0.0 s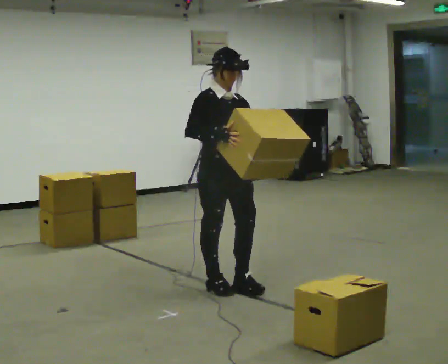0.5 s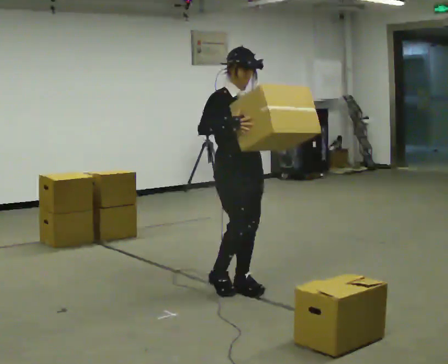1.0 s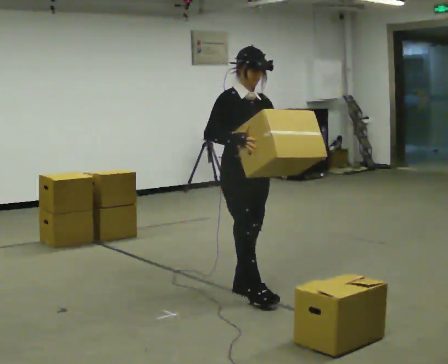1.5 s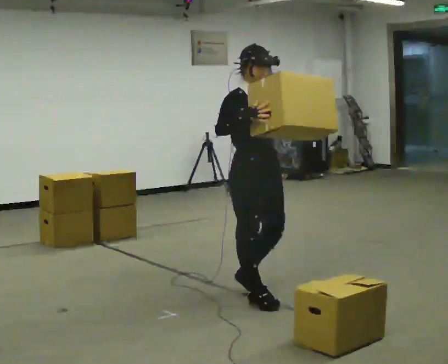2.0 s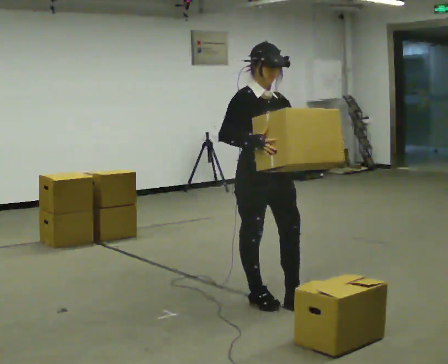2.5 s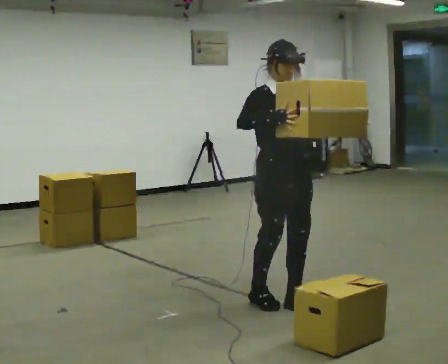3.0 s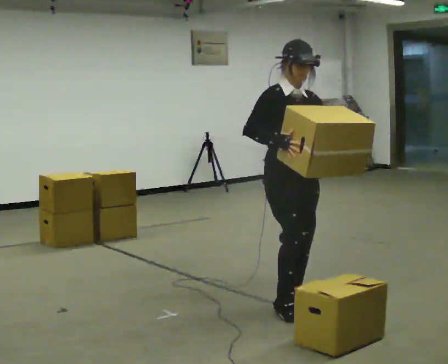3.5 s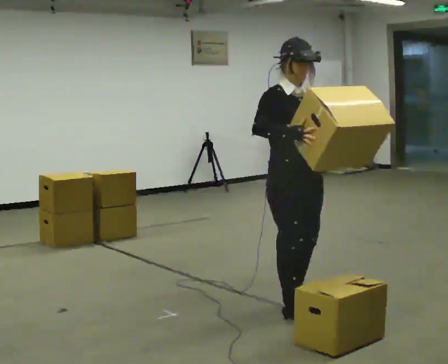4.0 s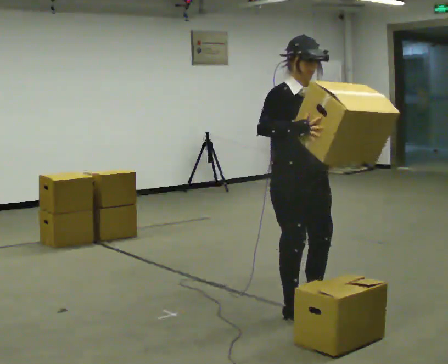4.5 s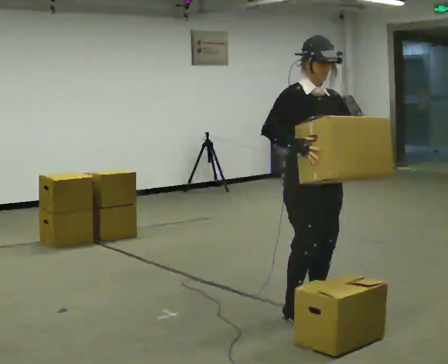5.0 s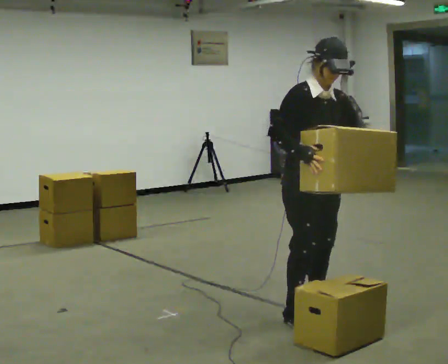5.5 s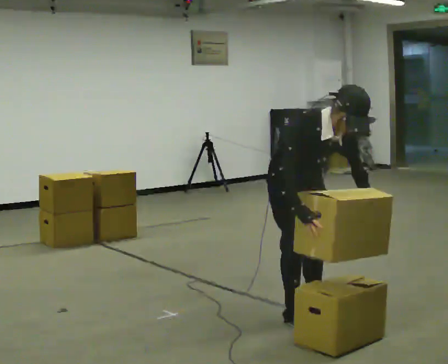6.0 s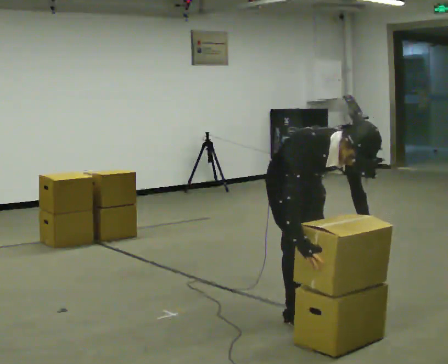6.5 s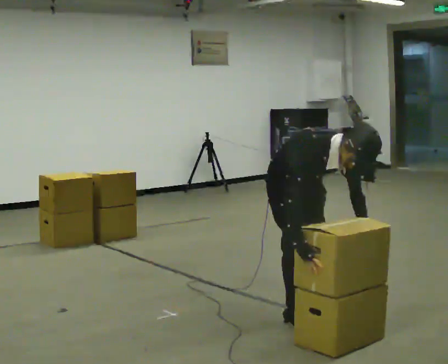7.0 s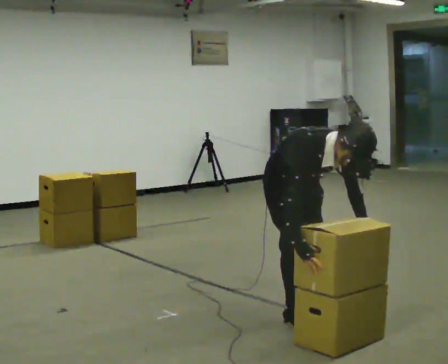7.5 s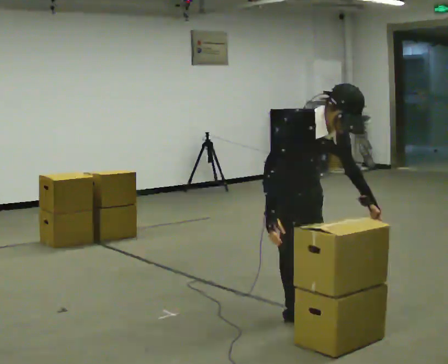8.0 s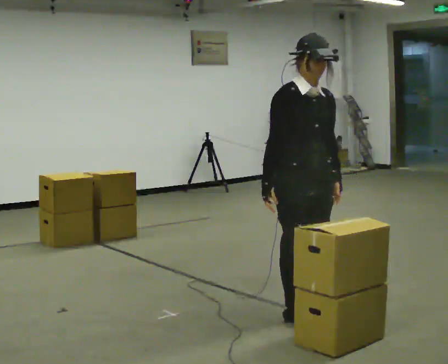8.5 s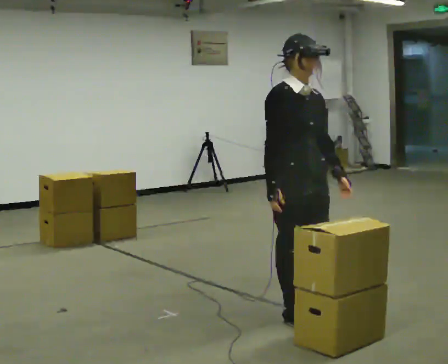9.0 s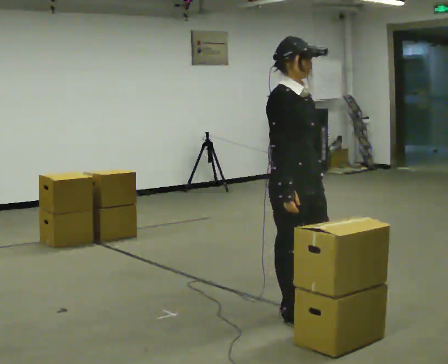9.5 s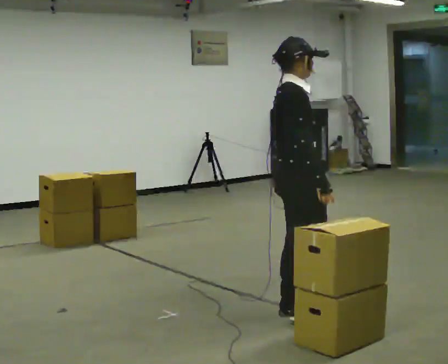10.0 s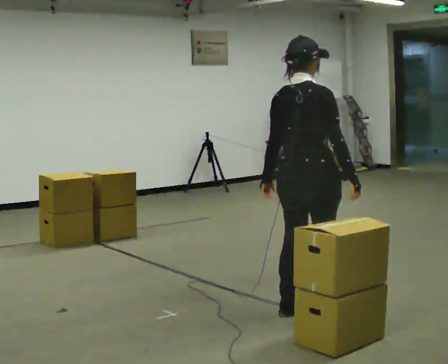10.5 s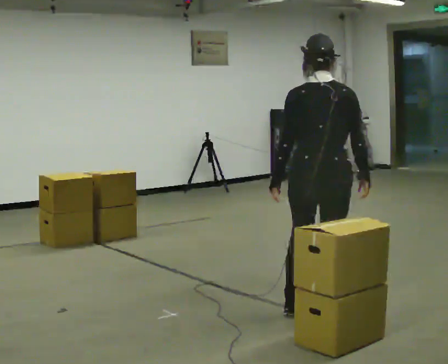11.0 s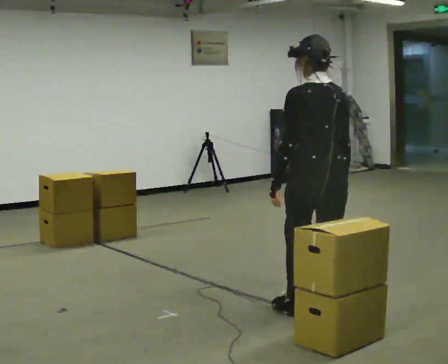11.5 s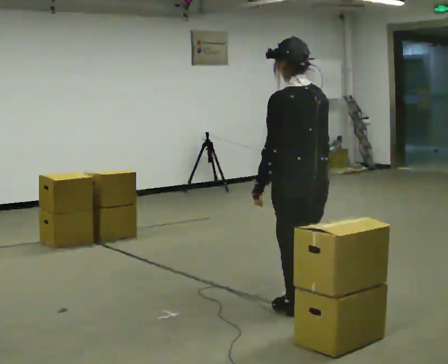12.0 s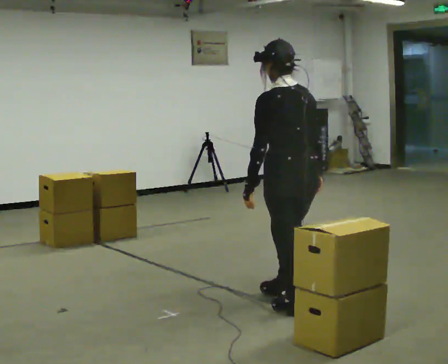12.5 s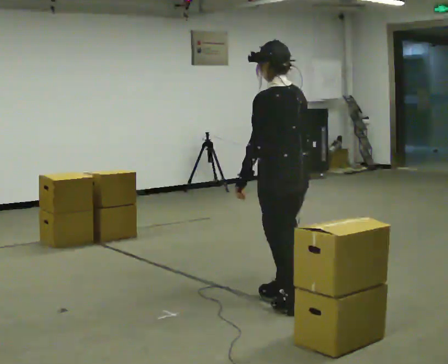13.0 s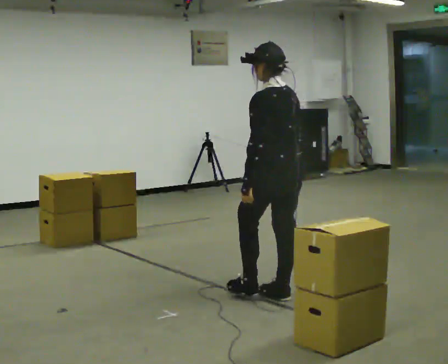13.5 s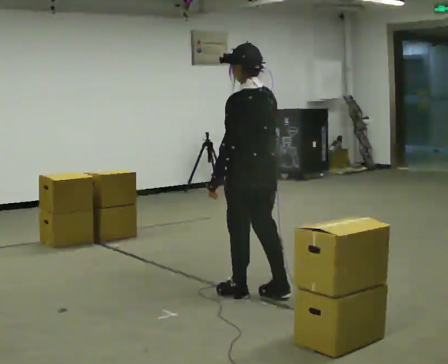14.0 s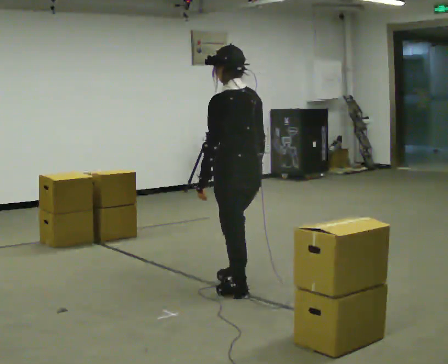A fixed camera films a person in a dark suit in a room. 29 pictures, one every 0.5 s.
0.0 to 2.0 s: In the picture they go toward the camera and to the right, about 0.5 m in 2 steps, which for them is forward.
2.0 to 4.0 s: In the picture they go toward the camera and to the right, about 0.25 m in 2 steps, which for them is forward.
4.0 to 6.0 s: The upper body goes downward. The upper body tips toward the camera, its near side rolling downward, as they bend forward. In the picture their right hand goes downward.
6.0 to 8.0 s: The shoulders move upward. The upper body tips away from the camera, its near side rolling upward, as they lean back or straighten.
8.0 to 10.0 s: Seen from above the body turns counterclockwise, about 105 degrees: to their left, with its near side sliding to the right. In the picture their right hand goes to the right, the arm swinging counterclockwise.
10.0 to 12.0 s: The part of the body nearest the lens slides to the right as the person turns to their left by about 75 degrees.
12.0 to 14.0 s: In the picture they go to the left and away from the camera, about 0.5 m in 1 step, which for them is forward.
The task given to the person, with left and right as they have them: Carry the box and, while you are still walking, turn it so you can read the label, read it out loud, then carry on. Repeat with the next box. Do not stop to read it.
The film runs forward here.
